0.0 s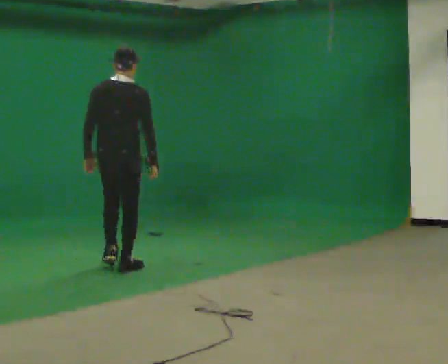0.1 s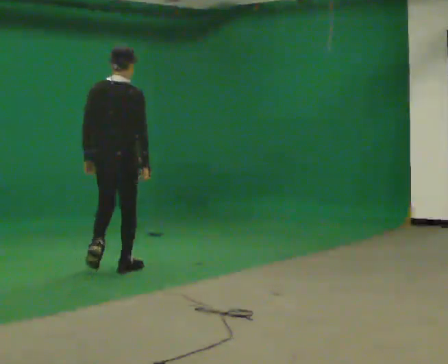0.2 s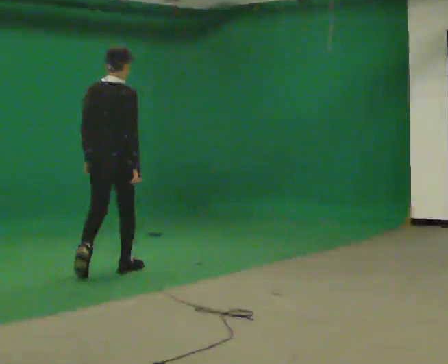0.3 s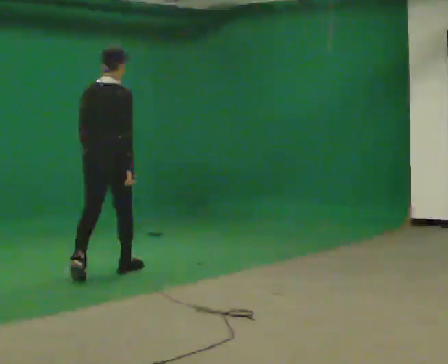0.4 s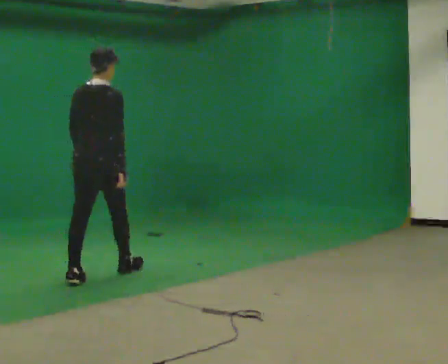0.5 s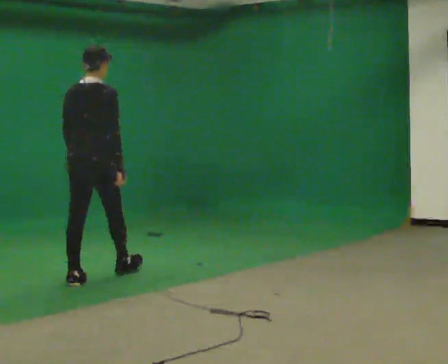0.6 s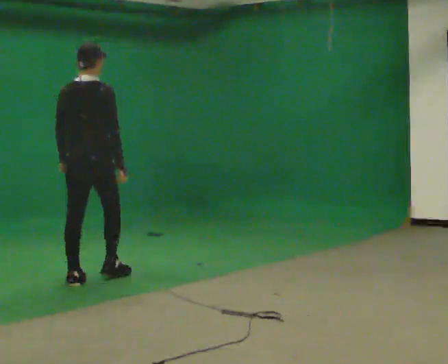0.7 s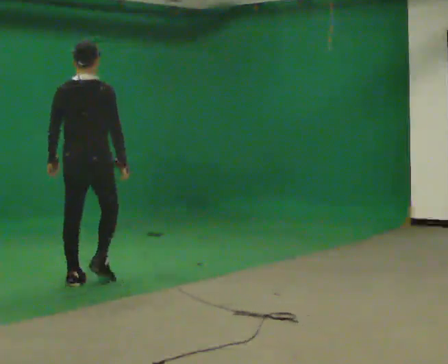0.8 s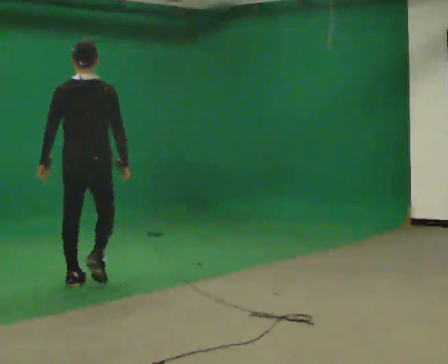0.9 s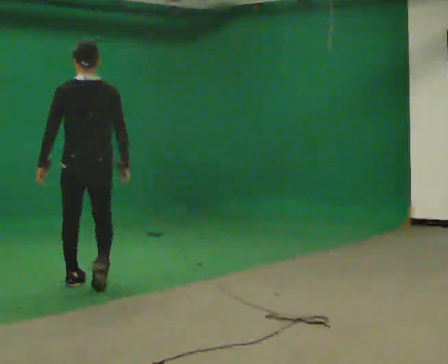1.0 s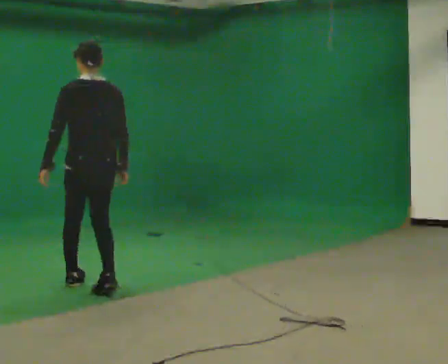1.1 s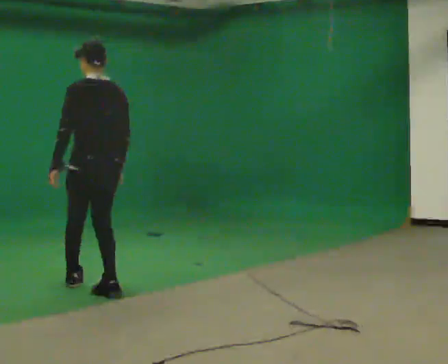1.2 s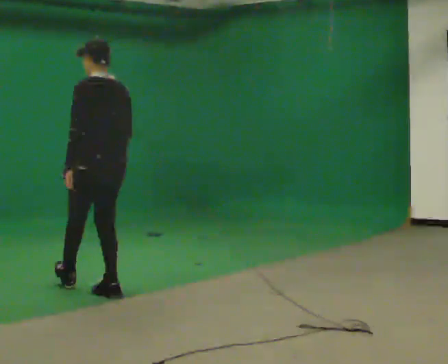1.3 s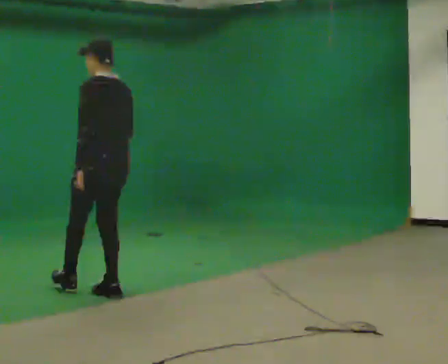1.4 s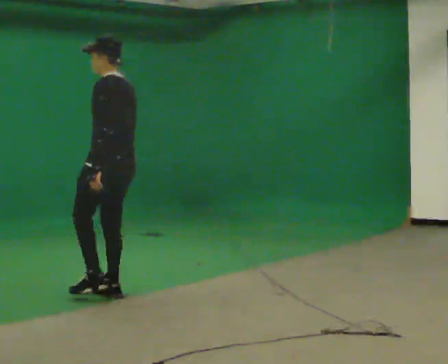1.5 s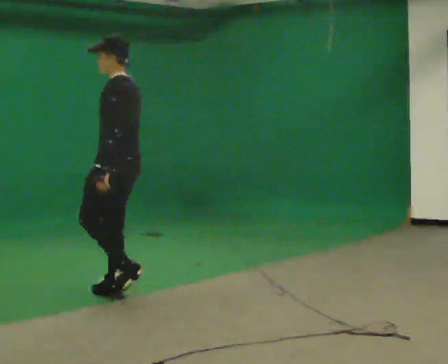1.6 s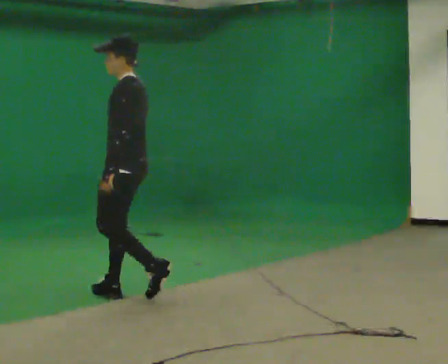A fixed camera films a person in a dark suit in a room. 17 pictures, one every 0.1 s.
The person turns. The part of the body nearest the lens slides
to the right.
The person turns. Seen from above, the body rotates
counterclockwise.
0.0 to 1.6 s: Seen from above the body turns counterclockwise, about 90 degrees: to their left, with its near side sliding to the right. In the picture they go toward the camera, about 1 m in 2 steps.
The film runs backward here.
